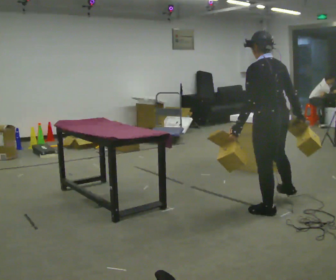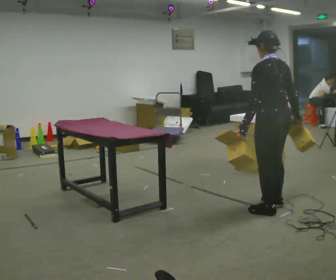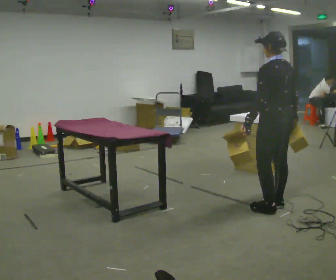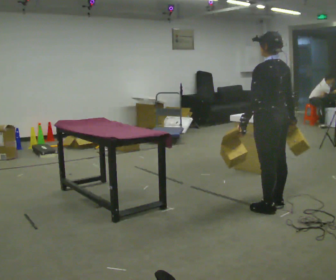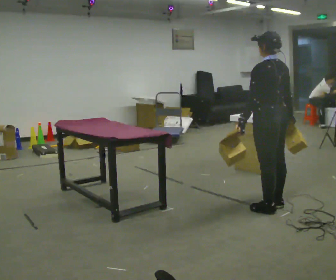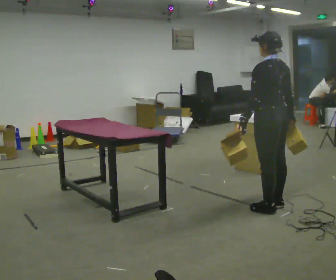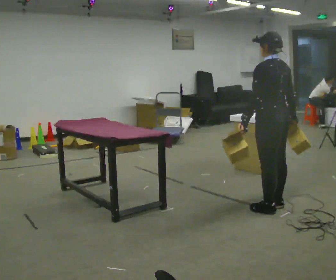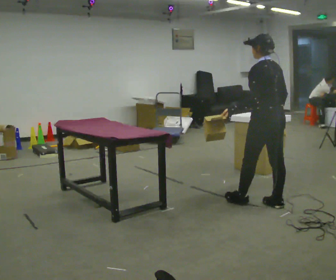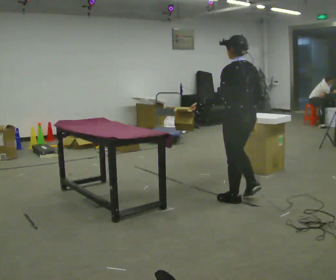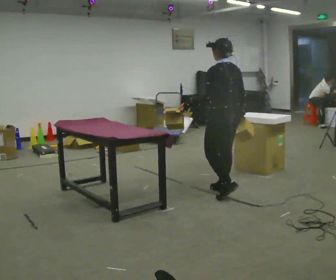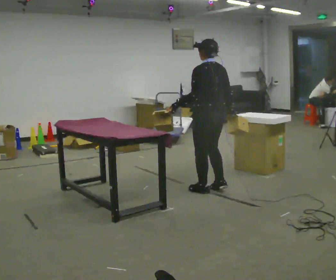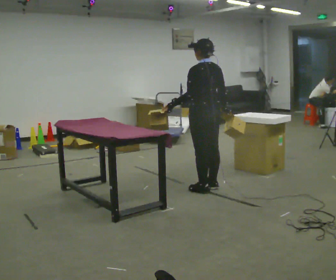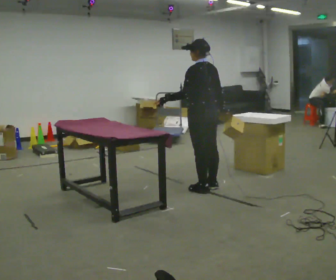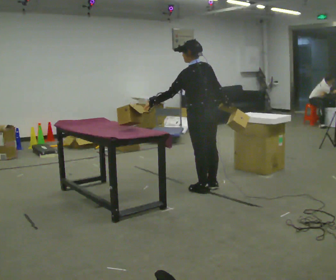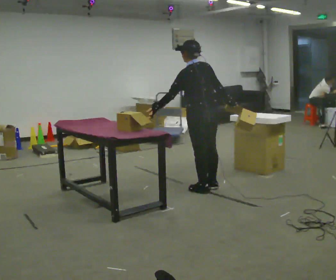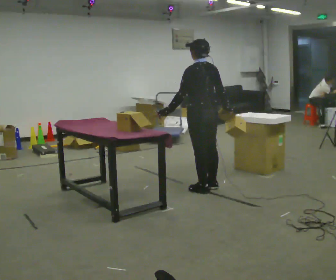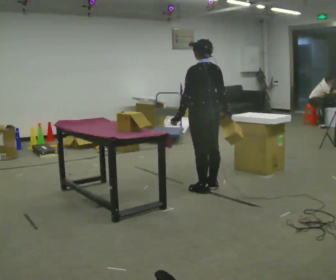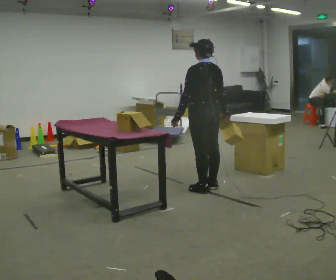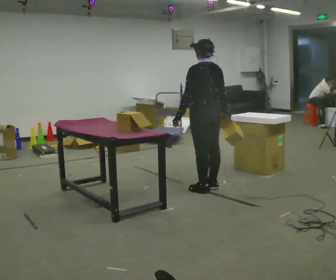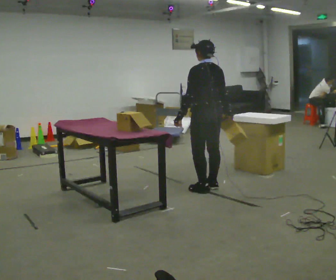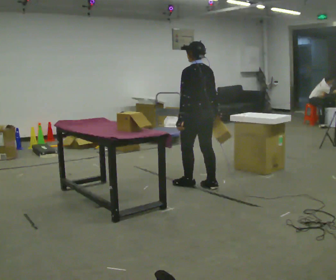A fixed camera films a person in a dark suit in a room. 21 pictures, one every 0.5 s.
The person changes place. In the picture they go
away from the camera.
0.0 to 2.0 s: The person moves a little, or ends about where they began.
2.0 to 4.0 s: In the picture they go to the left and away from the camera, about 0.25 m in 1 step, which for them is forward.
4.0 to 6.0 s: In the picture they go away from the camera and to the left, about 0.5 m in 3 steps, which for them is forward.
6.0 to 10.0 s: The person moves a little, or ends about where they began.
The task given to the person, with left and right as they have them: Carry two objects across the room, then put just one of them on the shelf while still holding the other. Then bring them both back. Keep going until the operator says stop; one object at a time, and do not rush between trips.
The film runs forward here.
